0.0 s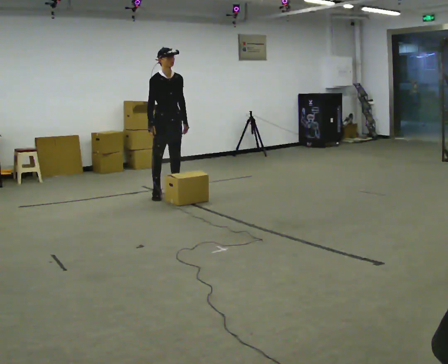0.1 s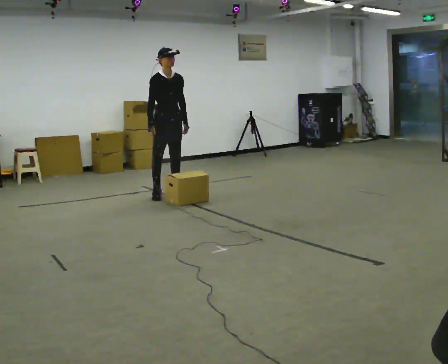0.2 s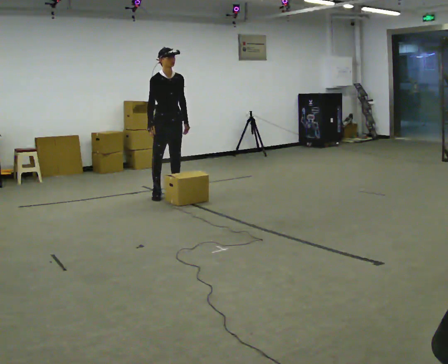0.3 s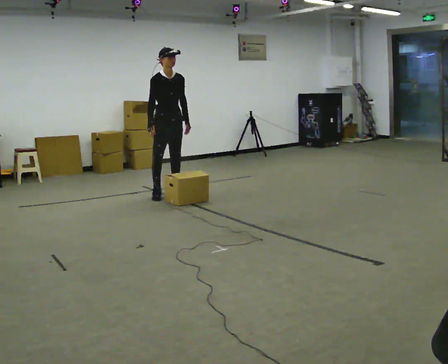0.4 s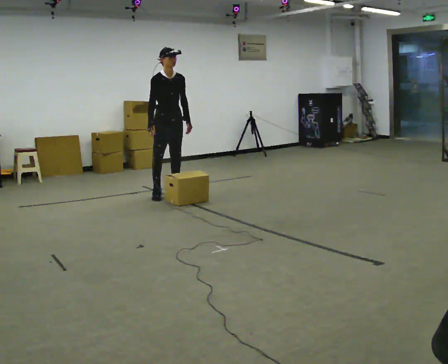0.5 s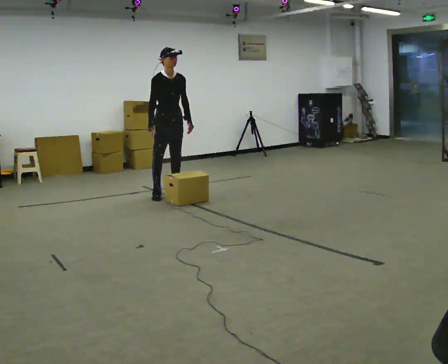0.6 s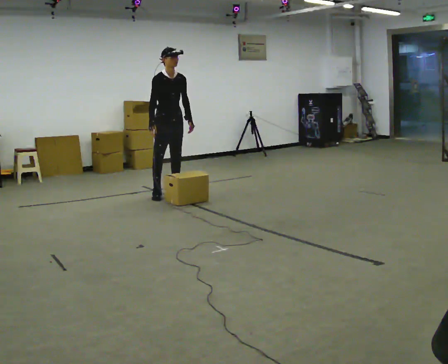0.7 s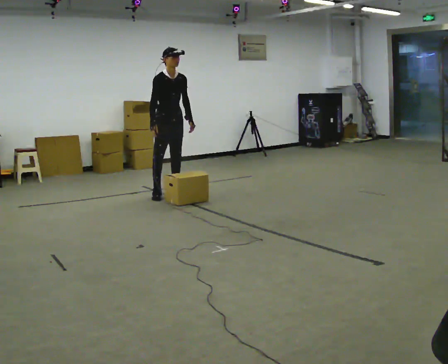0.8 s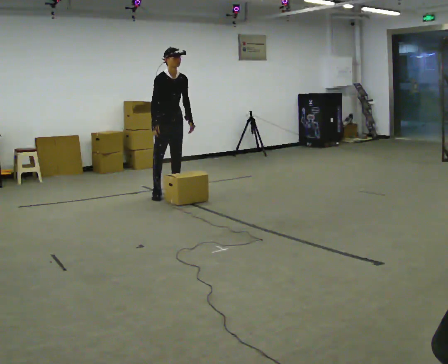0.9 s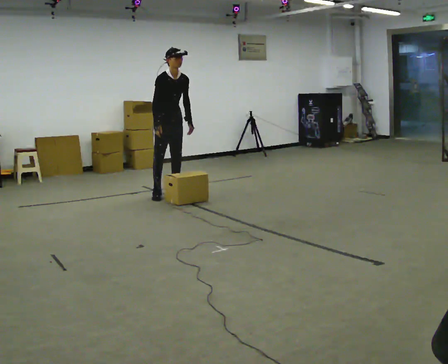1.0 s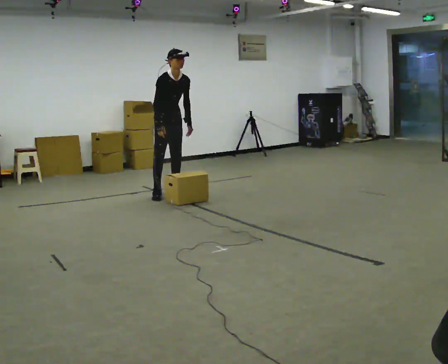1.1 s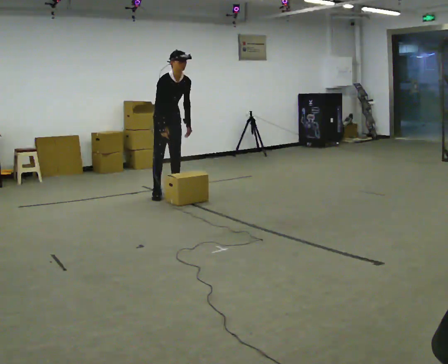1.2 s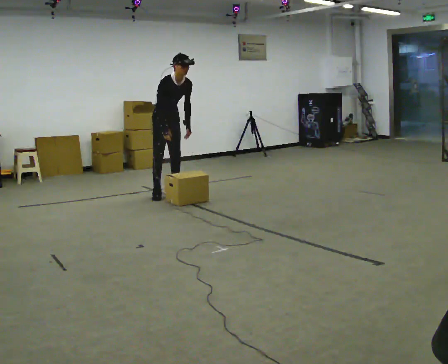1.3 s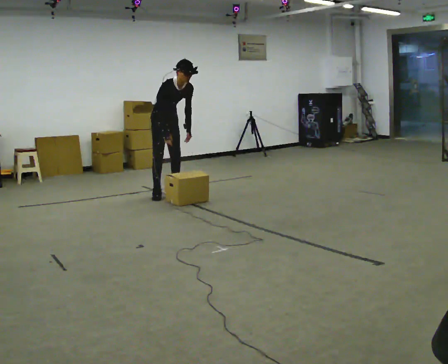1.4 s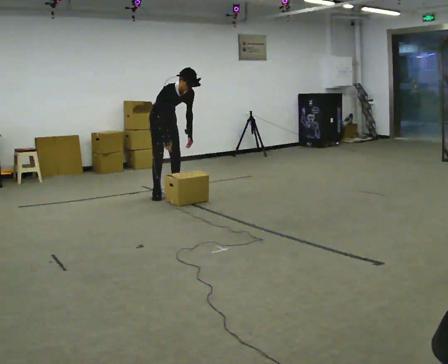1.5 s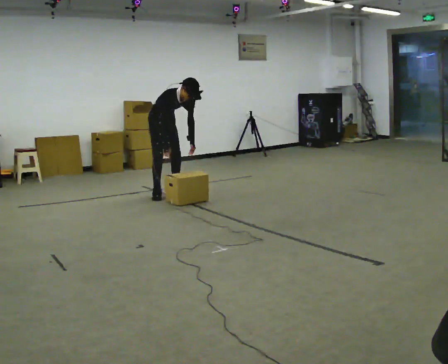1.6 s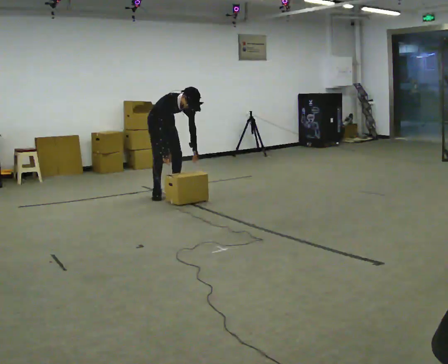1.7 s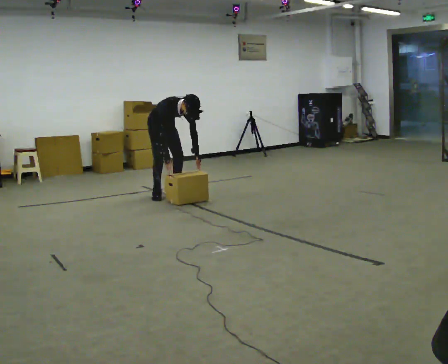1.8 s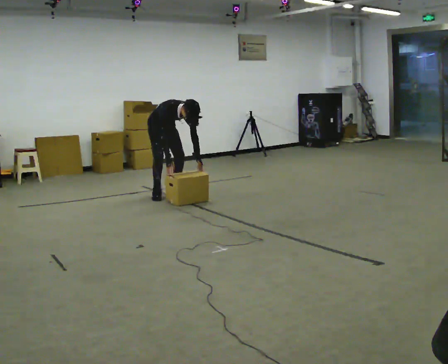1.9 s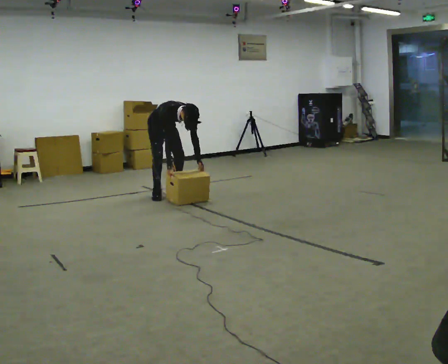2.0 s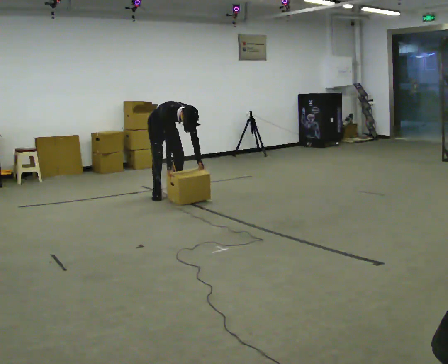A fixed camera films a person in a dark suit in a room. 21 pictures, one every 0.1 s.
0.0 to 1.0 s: The person moves a little, or ends about where they began.
1.0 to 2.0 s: The shoulders move downward. The upper body tips toward the camera, its near side rolling downward, as they bend forward. In the picture their right hand goes downward.
The film runs backward here.
